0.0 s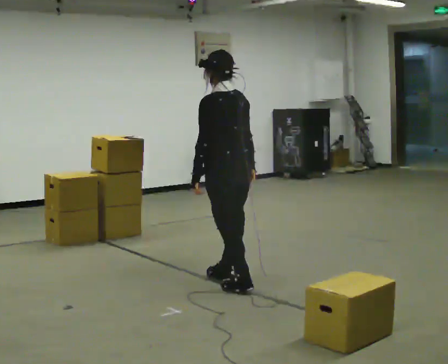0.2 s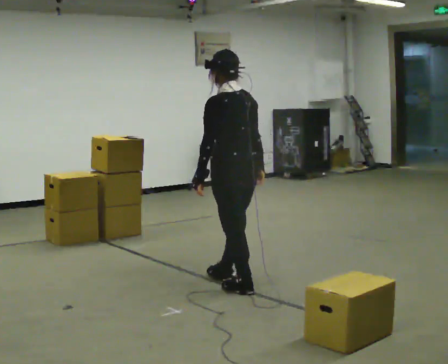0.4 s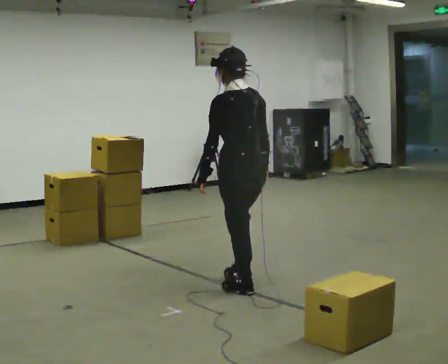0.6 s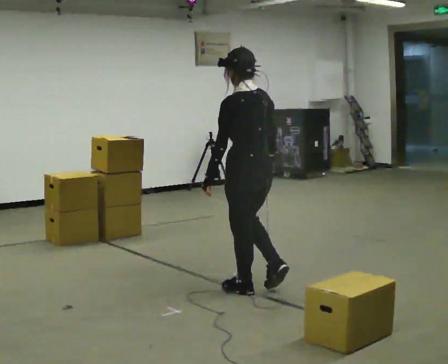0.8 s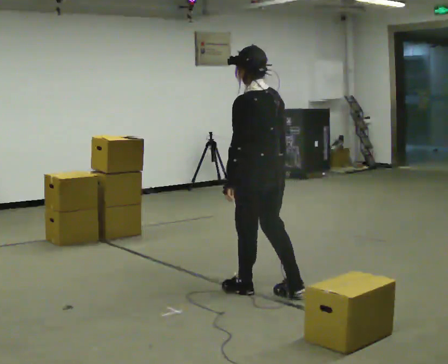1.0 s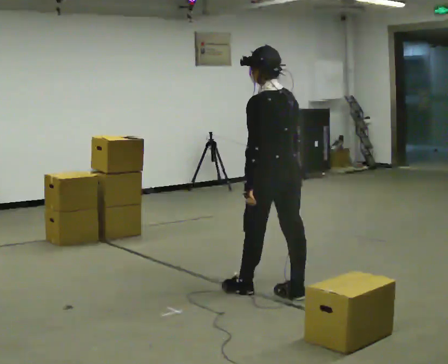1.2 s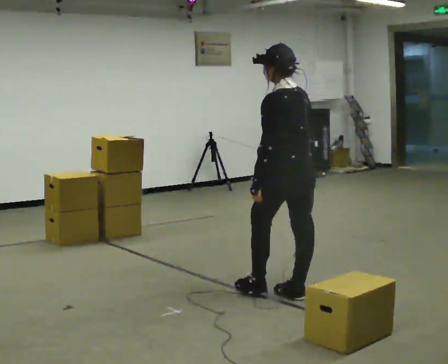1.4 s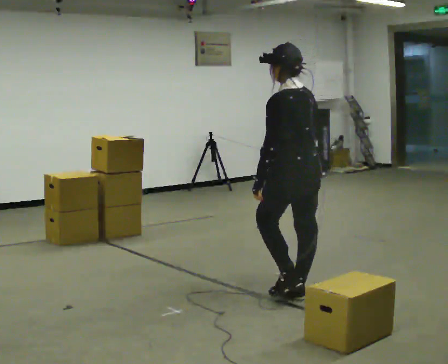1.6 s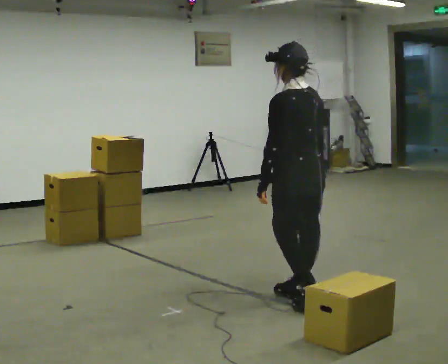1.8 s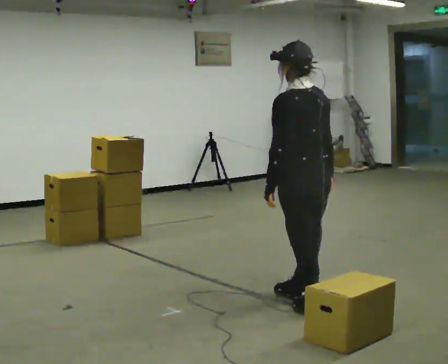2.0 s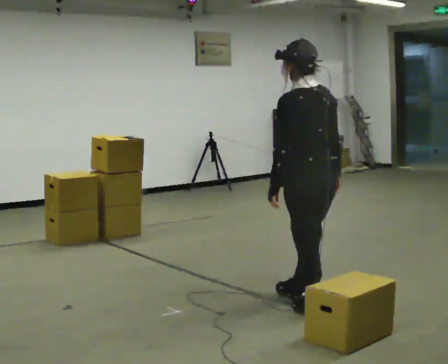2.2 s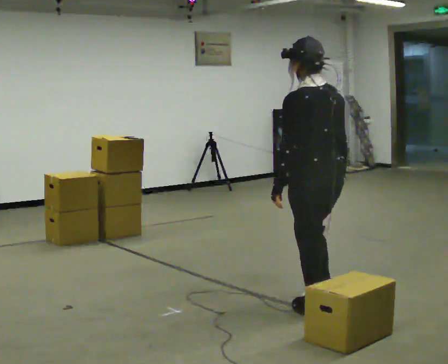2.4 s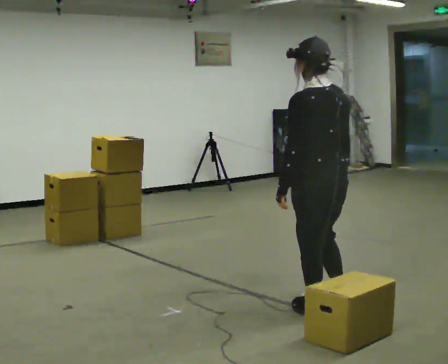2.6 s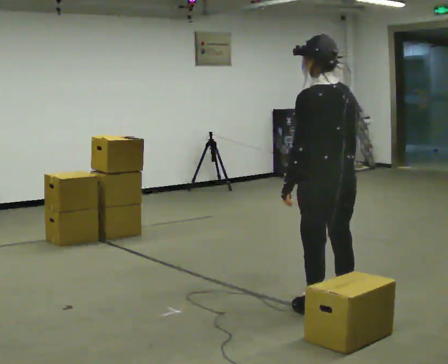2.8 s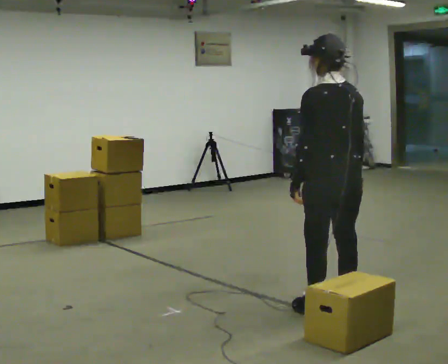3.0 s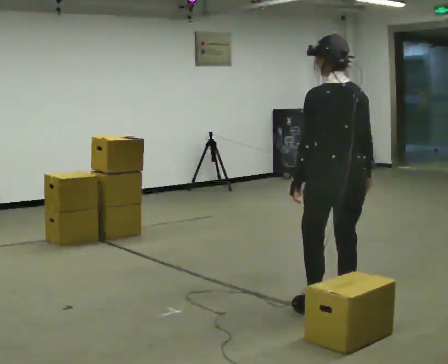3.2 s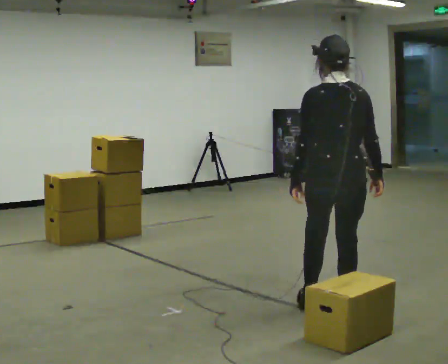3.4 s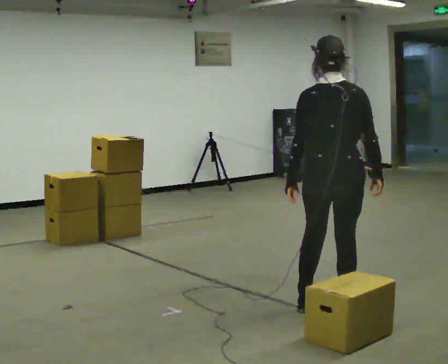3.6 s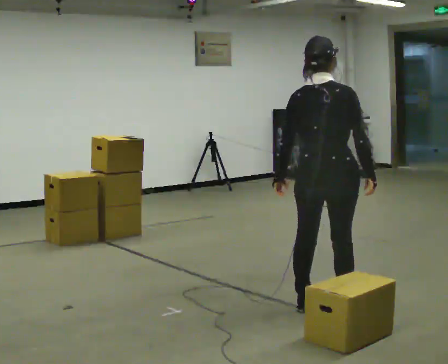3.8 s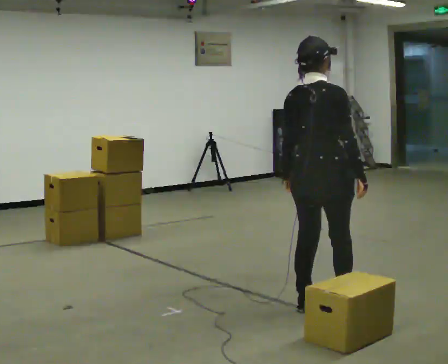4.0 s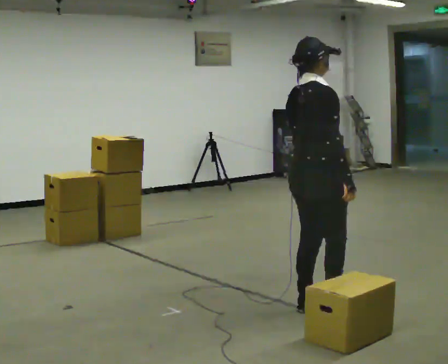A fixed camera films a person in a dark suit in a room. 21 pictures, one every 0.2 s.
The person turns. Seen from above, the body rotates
clockwise.
The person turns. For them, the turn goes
to their right.
0.0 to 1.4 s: In the picture they go to the right and toward the camera, about 0.5 m in 2 steps, which for them is backward.
1.4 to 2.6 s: In the picture they go toward the camera and to the right, about 0.25 m in 1 step, which for them is backward.
2.6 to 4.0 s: The person turns about 90 degrees to their right, clockwise seen from above, so the part of the body nearest the lens slides to the left.
The film runs backward here.
